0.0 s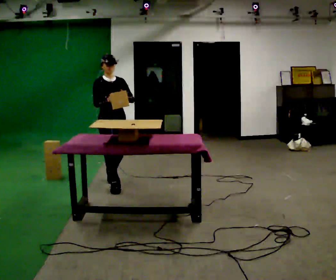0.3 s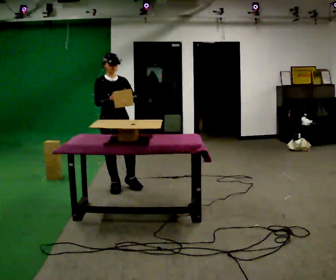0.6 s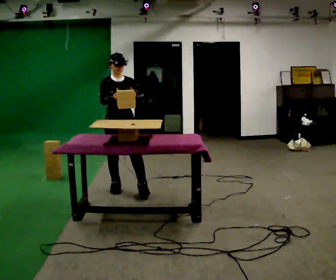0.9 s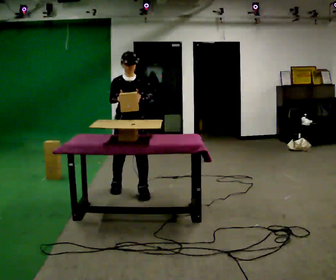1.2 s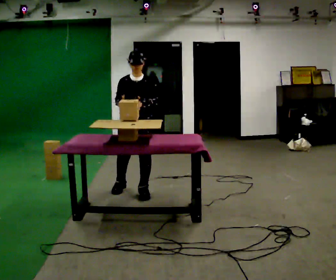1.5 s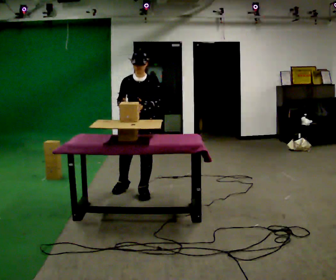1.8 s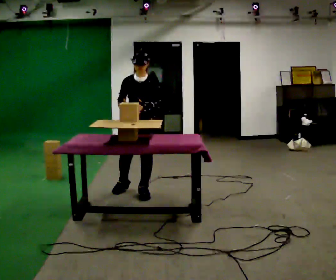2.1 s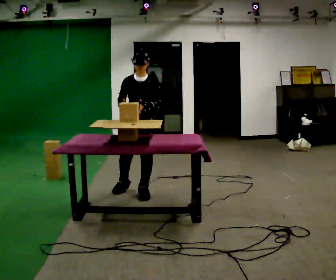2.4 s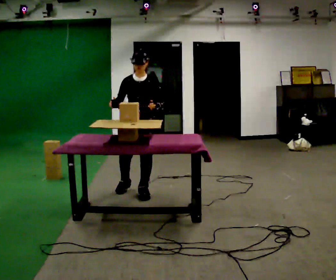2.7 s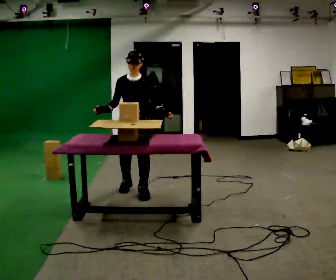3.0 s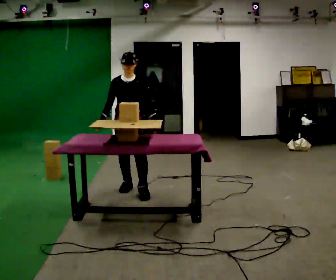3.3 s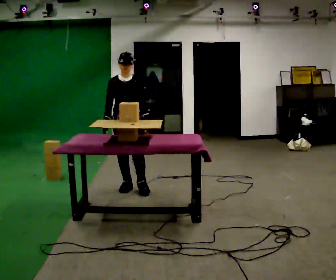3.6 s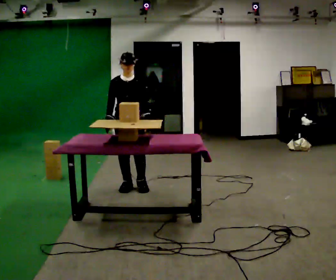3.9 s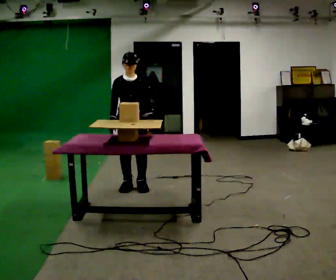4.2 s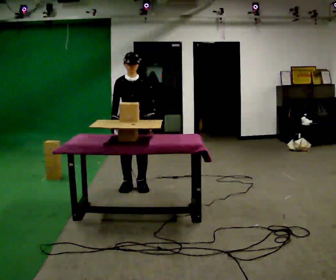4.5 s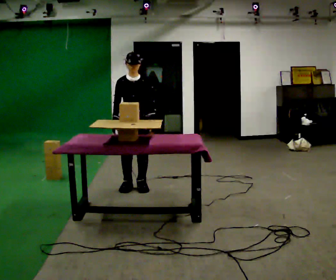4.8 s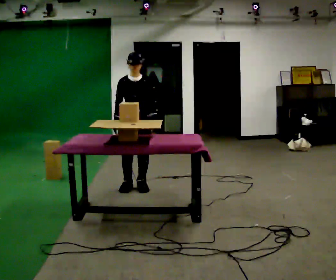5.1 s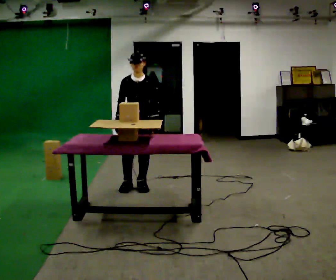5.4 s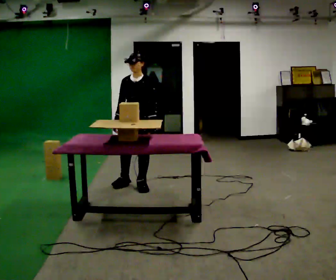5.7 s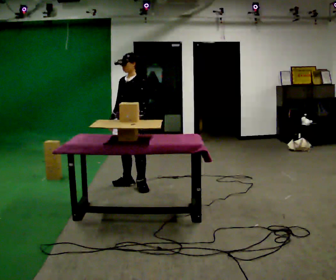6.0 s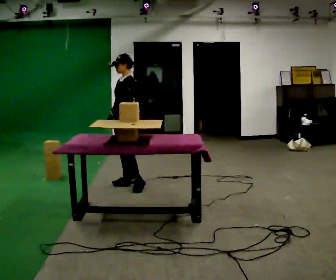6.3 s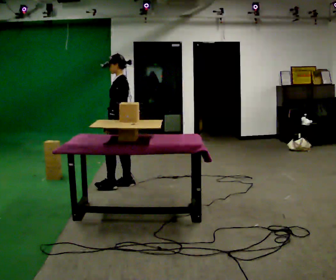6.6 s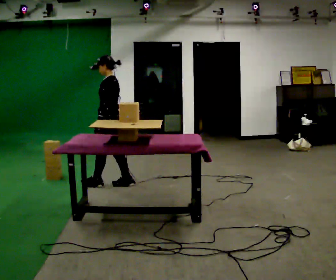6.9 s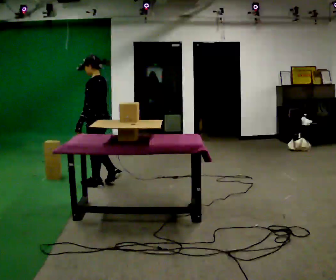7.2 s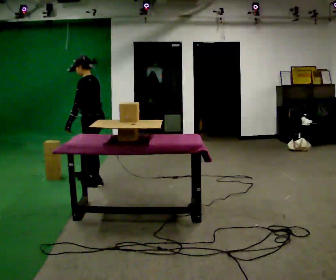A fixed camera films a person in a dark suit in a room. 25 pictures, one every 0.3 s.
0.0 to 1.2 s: Seen from above the body turns clockwise, about 30 degrees: to their right, with its near side sliding to the left. In the picture they go toward the camera and to the right, about 0.5 m in 1 step, which for them is forward and to their left.
1.2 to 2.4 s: The person moves a little, or ends about where they began.
2.4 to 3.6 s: In the picture they go away from the camera, about 0.25 m in 1 step, which for them is backward and to their right.
3.6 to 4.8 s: The person moves a little, or ends about where they began.
4.8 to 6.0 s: The part of the body nearest the lens slides to the left as the person turns to their right by about 60 degrees. In the picture their left hand goes to the left.
6.0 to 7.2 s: Seen from above the body turns clockwise, about 45 degrees: to their right, with its near side sliding to the left. In the picture they go to the left, about 0.5 m in 1 step, which for them is forward.
The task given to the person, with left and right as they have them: Carry the object over and set it down on the wobbly board without tipping it over. Keep going until the operator says stop; one object at a time, and do not rush between trips.
The film runs forward here.
